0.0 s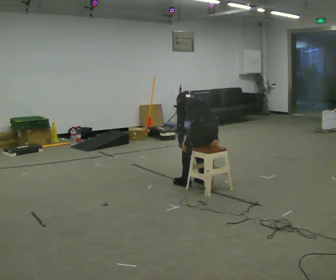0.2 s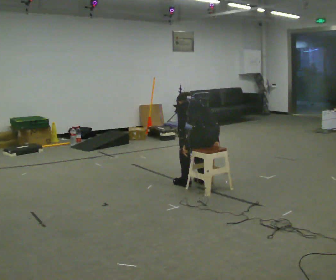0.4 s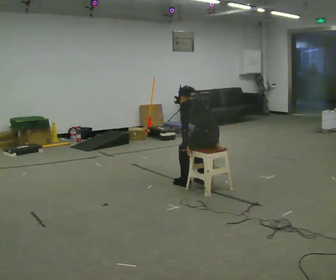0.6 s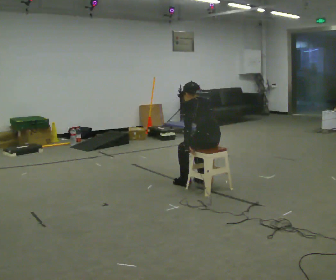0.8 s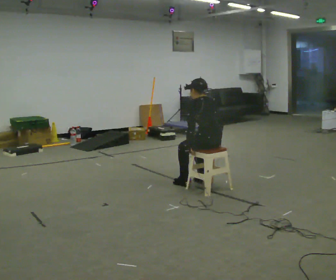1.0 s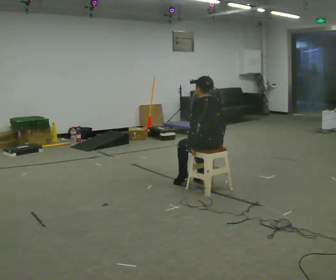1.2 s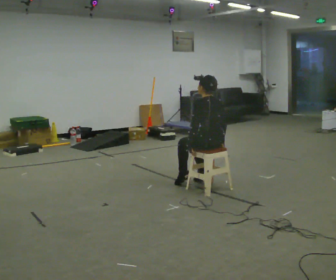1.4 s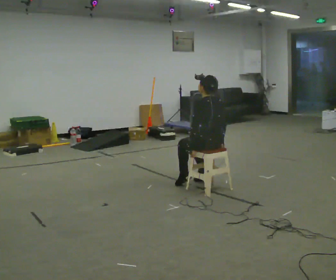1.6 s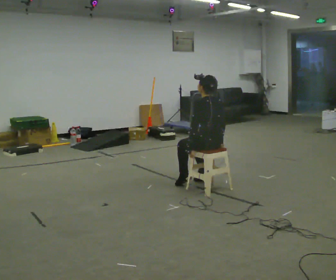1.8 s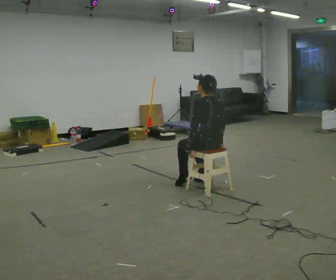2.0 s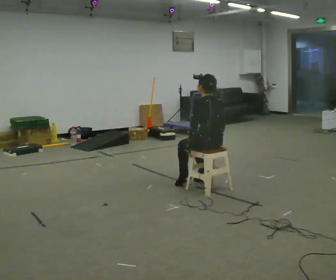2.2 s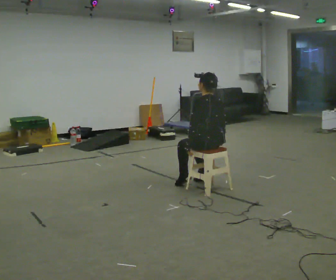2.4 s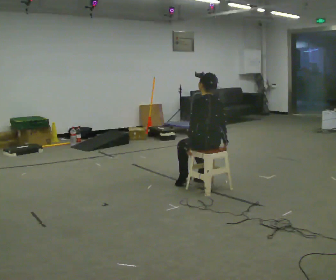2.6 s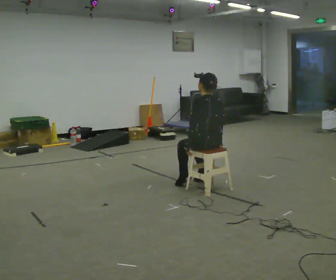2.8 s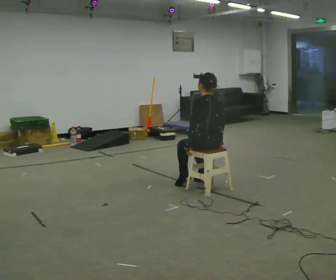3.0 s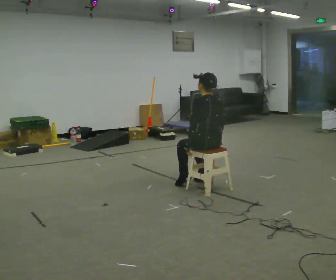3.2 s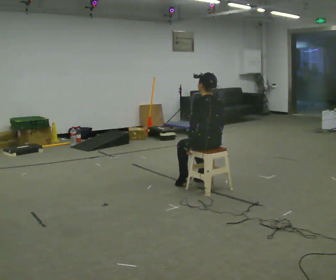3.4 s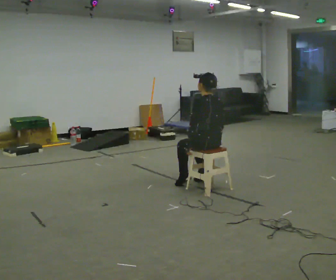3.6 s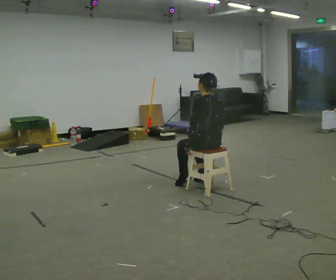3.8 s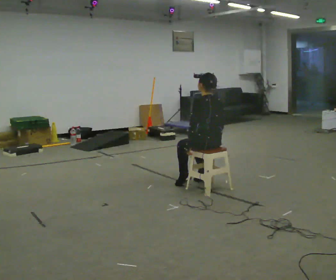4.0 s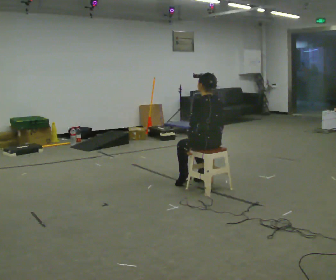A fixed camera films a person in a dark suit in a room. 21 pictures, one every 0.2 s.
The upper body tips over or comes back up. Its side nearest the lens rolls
downward.
0.0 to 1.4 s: The upper body tips toward the camera, its near side rolling downward, as they lean back or straighten.
1.4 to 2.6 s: The person moves a little, or ends about where they began.
2.6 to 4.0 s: The person keeps their place and pose.
The film runs forward here.
